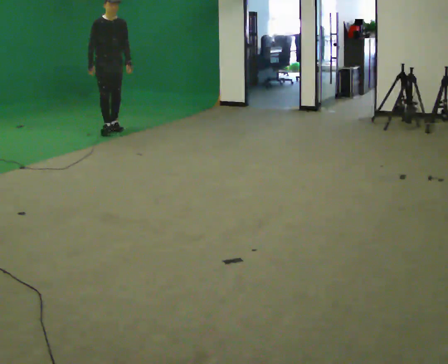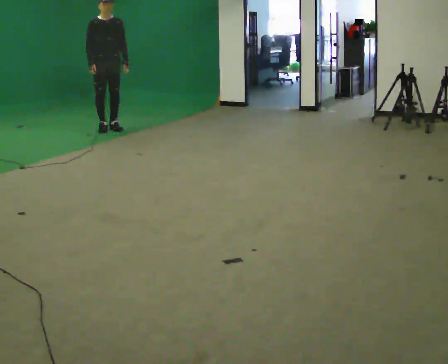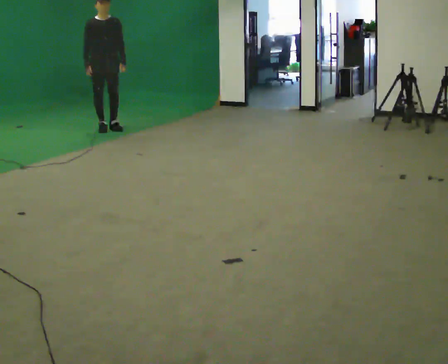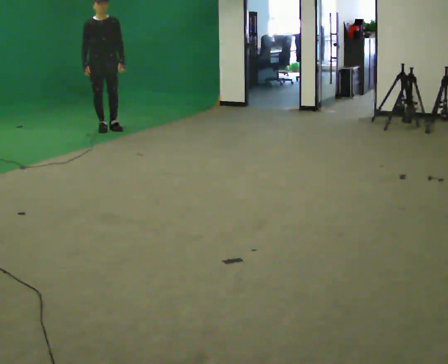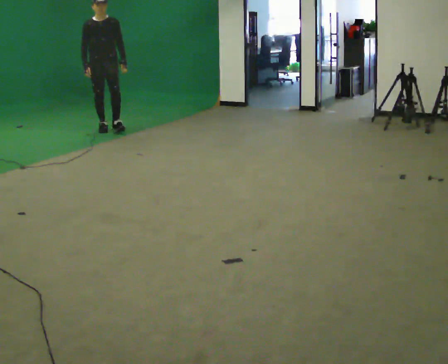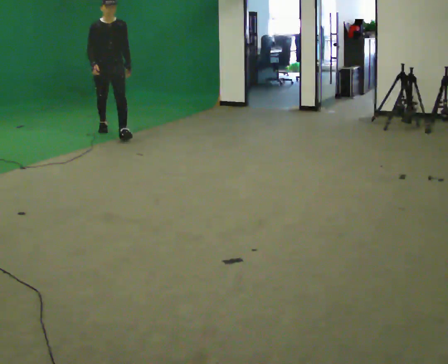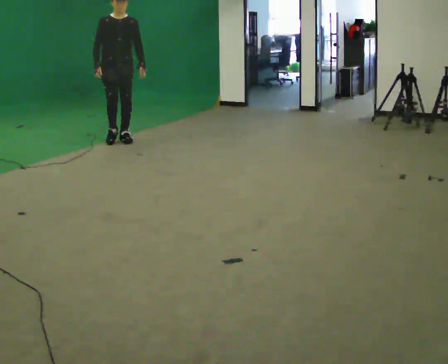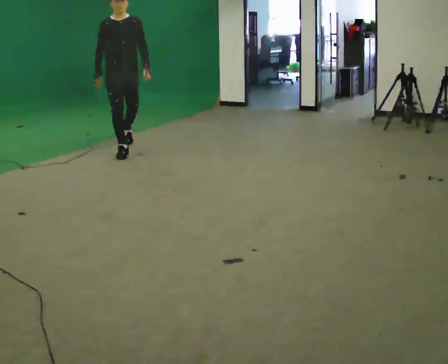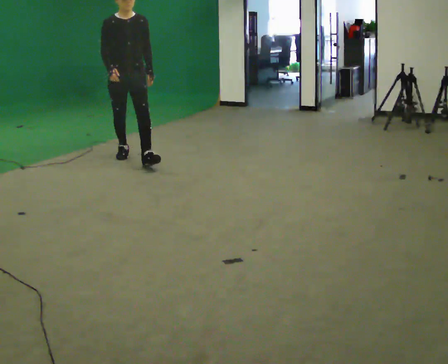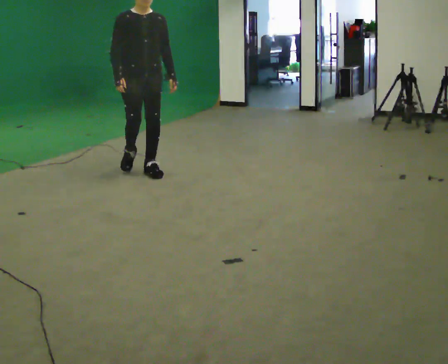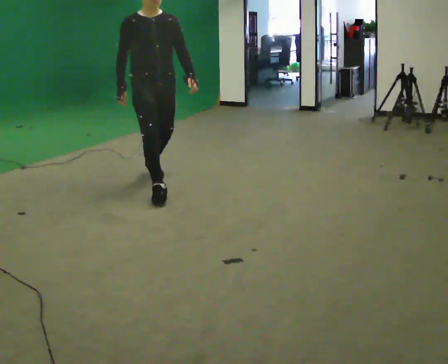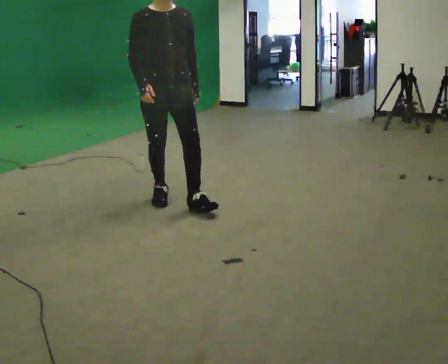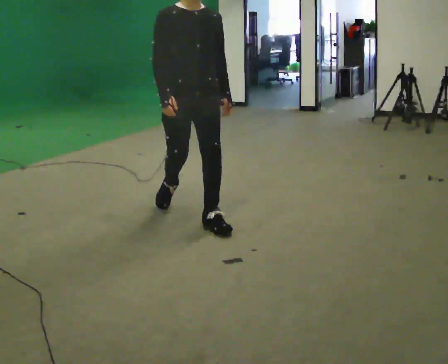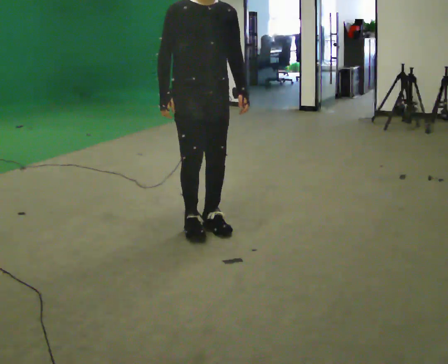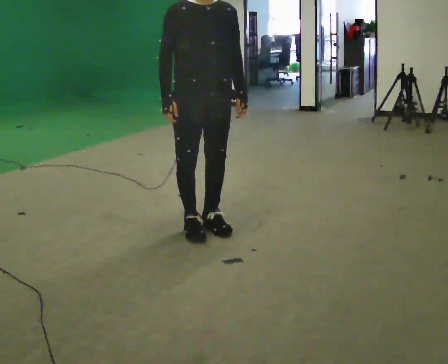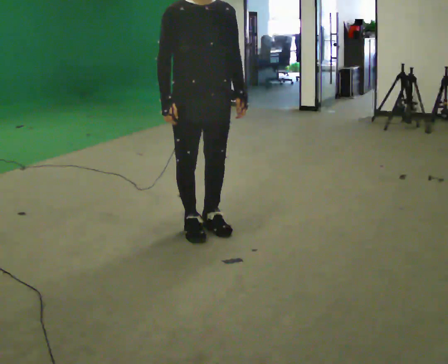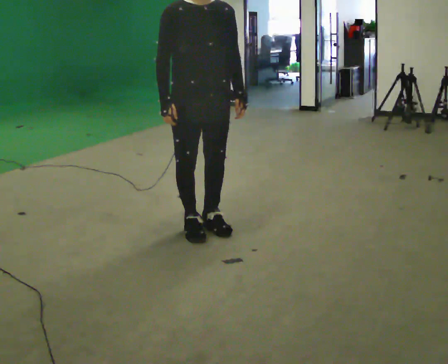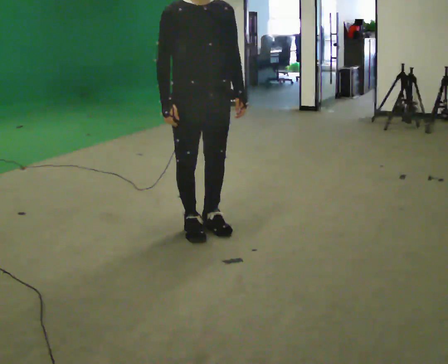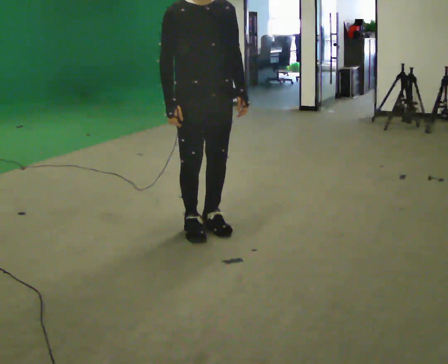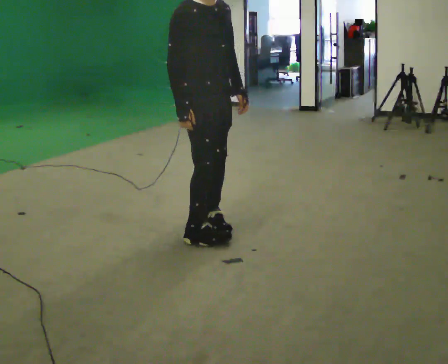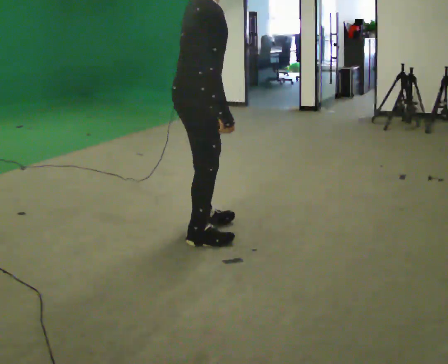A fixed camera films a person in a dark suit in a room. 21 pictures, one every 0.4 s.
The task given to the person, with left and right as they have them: Walk forward while moving diagonally left/right; finish ~45° from start direction.
0.0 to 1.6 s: The person moves a little, or ends about where they began.
1.6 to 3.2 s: In the picture they go toward the camera, about 1.5 m in 2 steps, which for them is forward.
3.2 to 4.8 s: In the picture they go toward the camera, about 1.5 m in 3 steps, which for them is forward.
4.8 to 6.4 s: In the picture they go toward the camera, about 0.25 m in 1 step, which for them is forward.
6.4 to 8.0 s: The person turns about 75 degrees to their left, counterclockwise seen from above, so the part of the body nearest the lens slides to the right.
The film runs forward here.
